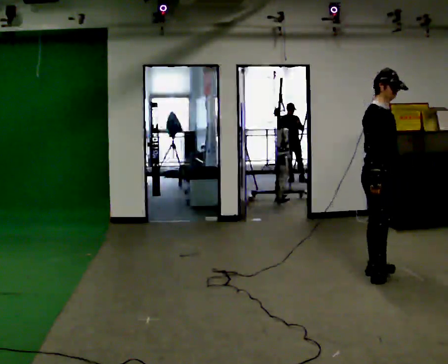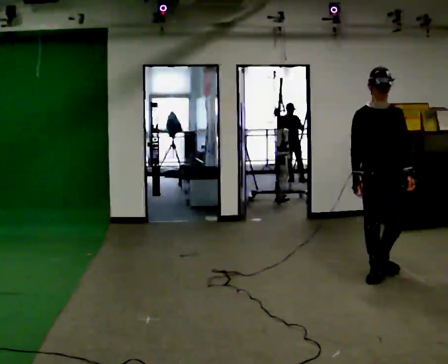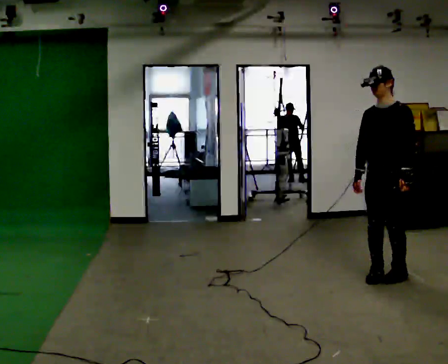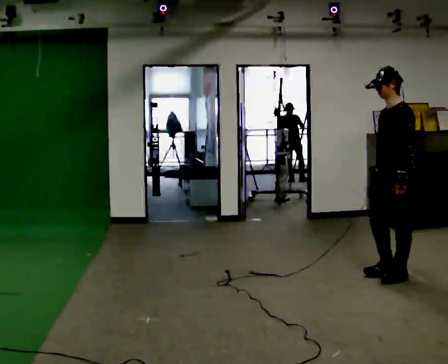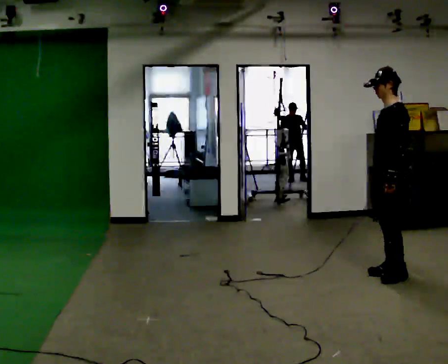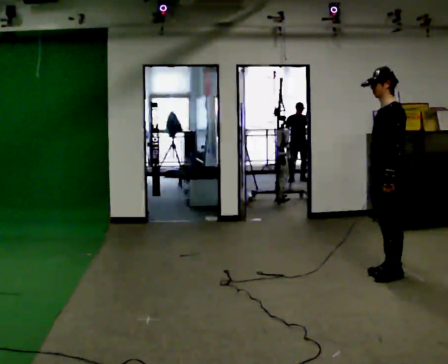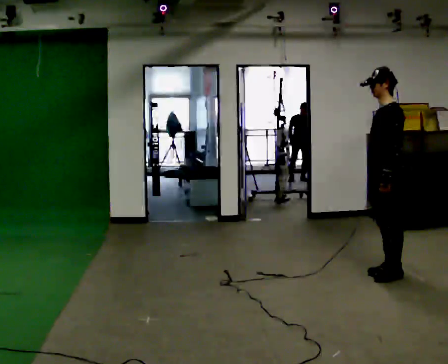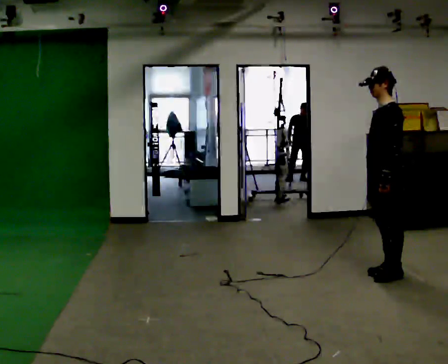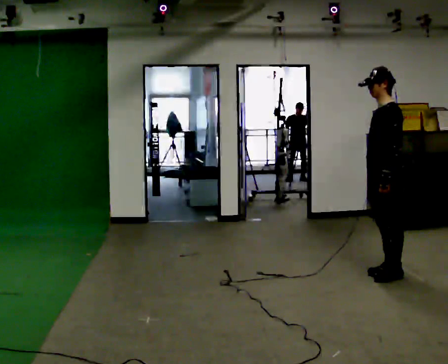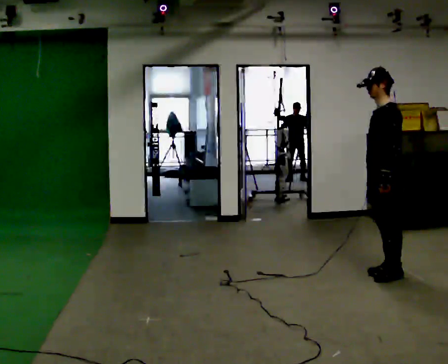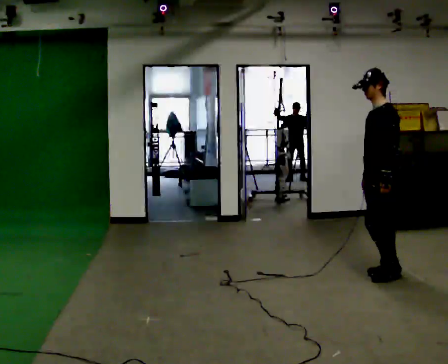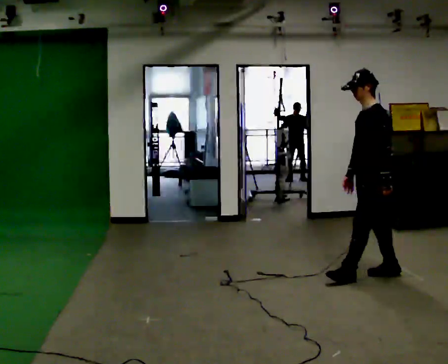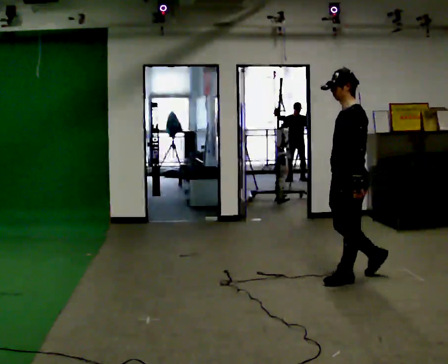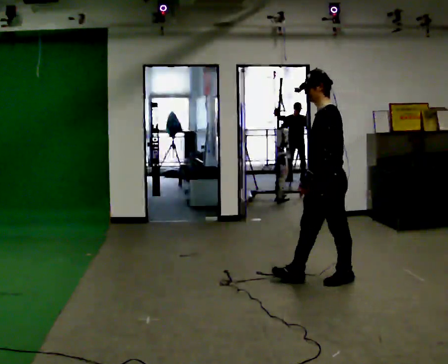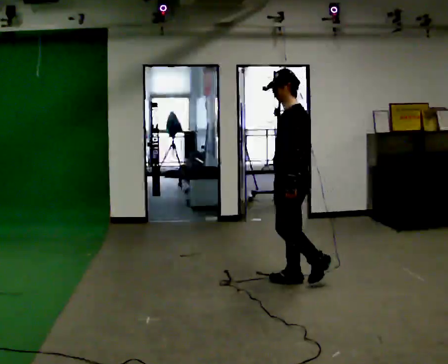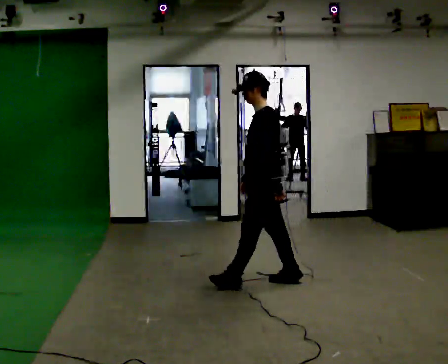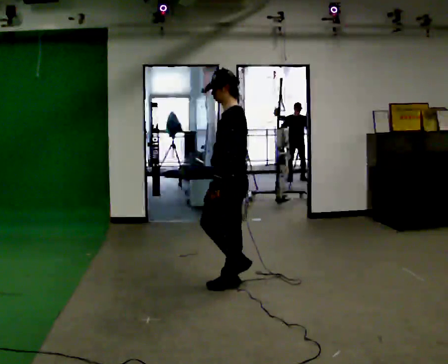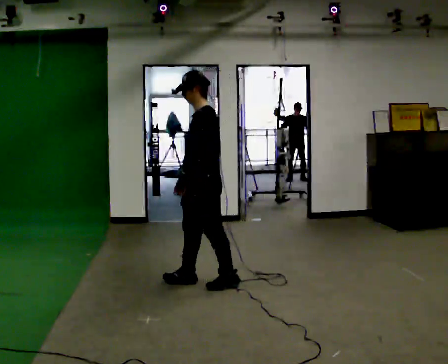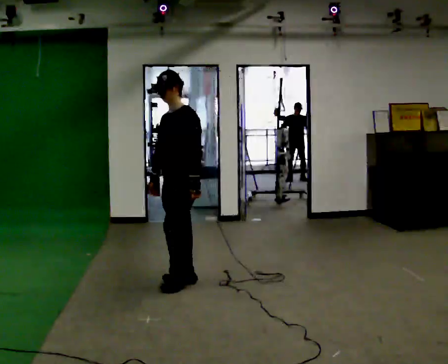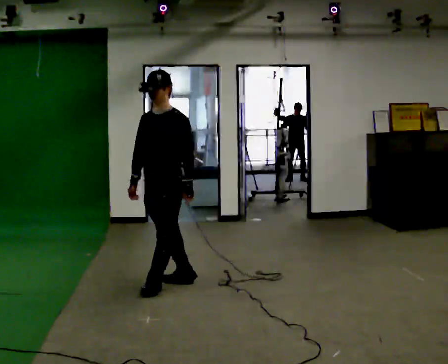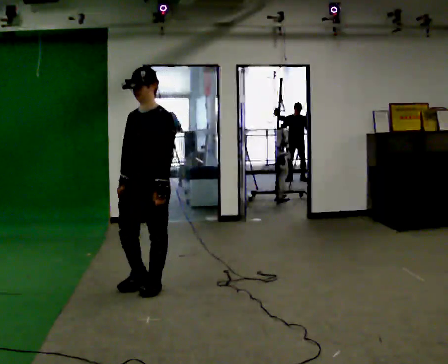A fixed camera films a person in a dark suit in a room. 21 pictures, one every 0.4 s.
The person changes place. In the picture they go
to the left.
0.0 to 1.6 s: The person turns about 135 degrees to their right, clockwise seen from above, so the part of the body nearest the lens slides to the left. In the picture they go to the right, about 0.25 m in 1 step.
1.6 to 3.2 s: The person moves a little, or ends about where they began.
3.2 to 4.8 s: In the picture they go to the left, about 0.25 m in 1 step, which for them is forward.
4.8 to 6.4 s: In the picture they go to the left, about 1 m in 2 steps, which for them is forward.
6.4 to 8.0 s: Seen from above the body turns counterclockwise, about 45 degrees: to their left, with its near side sliding to the right. In the picture they go to the left and toward the camera, about 0.75 m in 2 steps, which for them is forward.
The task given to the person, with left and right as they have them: Walk straight; at marker turn ~45° while continuing to walk; continue straight.
The film runs forward here.
